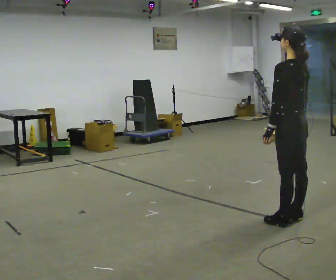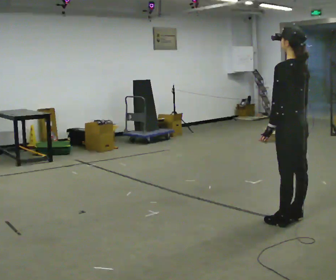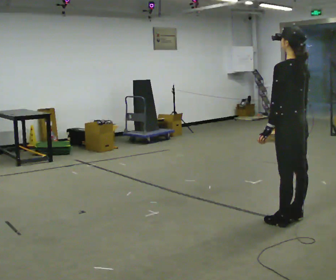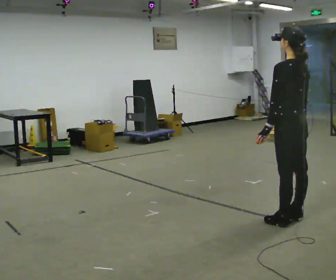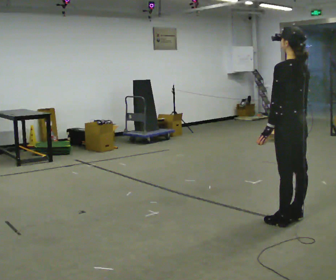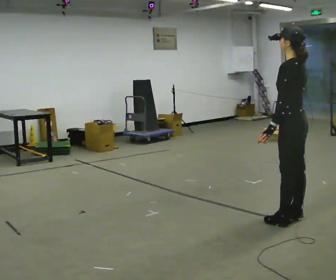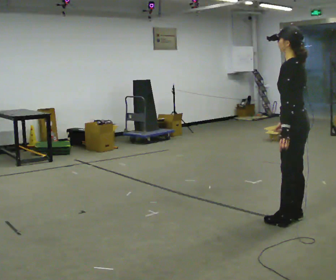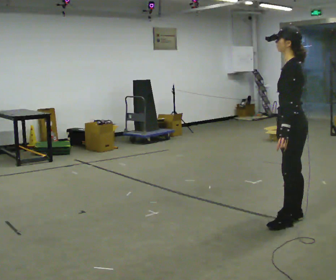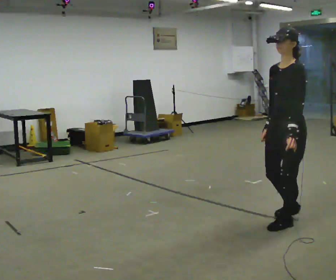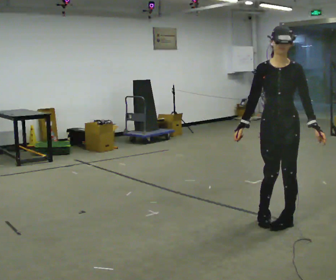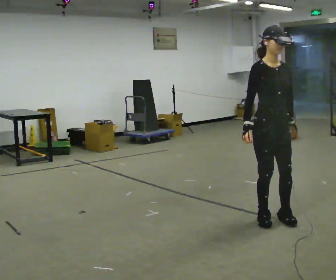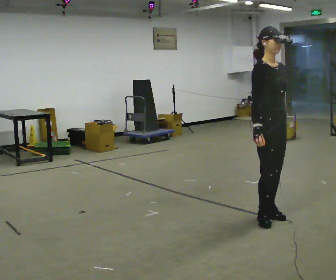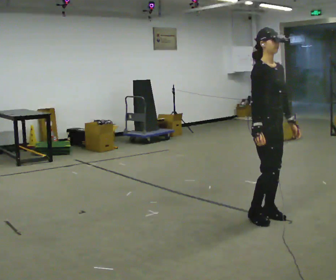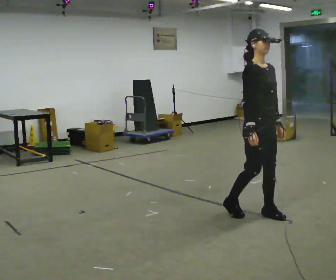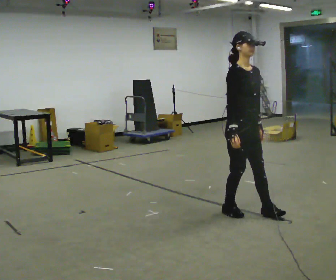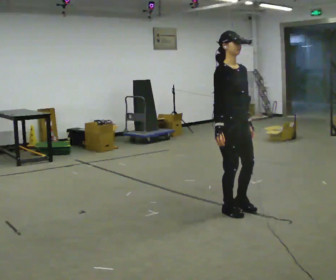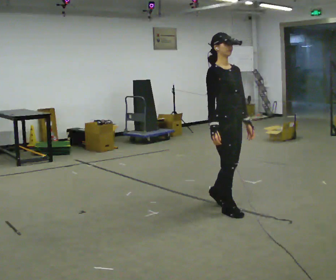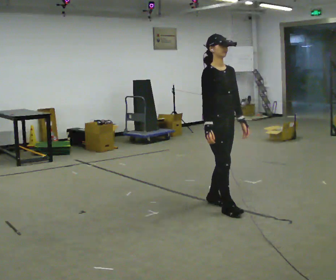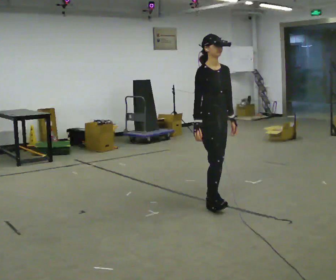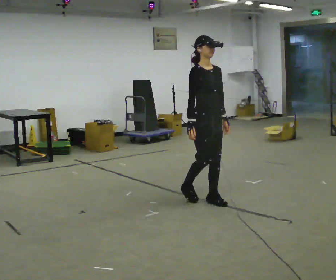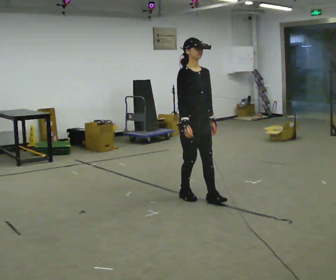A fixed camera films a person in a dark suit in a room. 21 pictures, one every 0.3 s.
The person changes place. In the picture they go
to the left.
The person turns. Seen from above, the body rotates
counterclockwise.
0.0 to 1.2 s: The person moves a little, or ends about where they began.
1.2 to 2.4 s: The part of the body nearest the lens slides to the right as the person turns to their left by about 75 degrees.
2.4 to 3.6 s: The person turns about 105 degrees to their left, counterclockwise seen from above, so the part of the body nearest the lens slides to the right. In the picture they go to the left, about 0.25 m in 2 steps.
3.6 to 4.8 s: In the picture they go to the left and away from the camera, about 0.5 m in 1 step, which for them is backward.
4.8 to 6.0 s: In the picture they go to the left and away from the camera, about 0.5 m in 2 steps, which for them is backward.
The film runs forward here.
